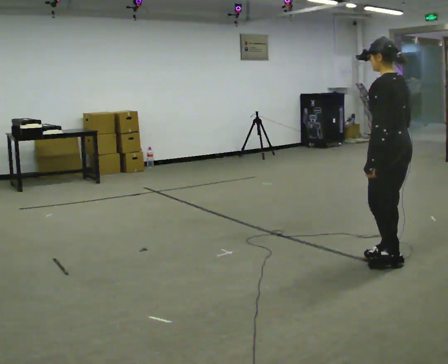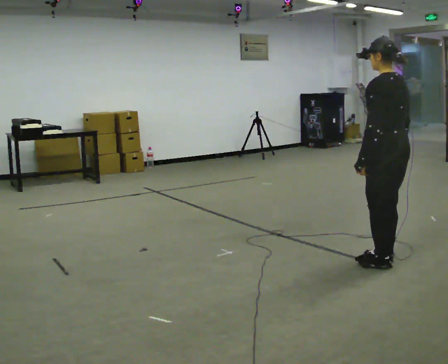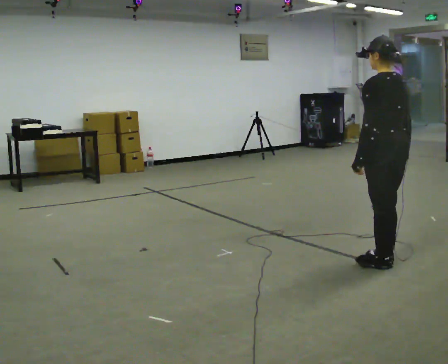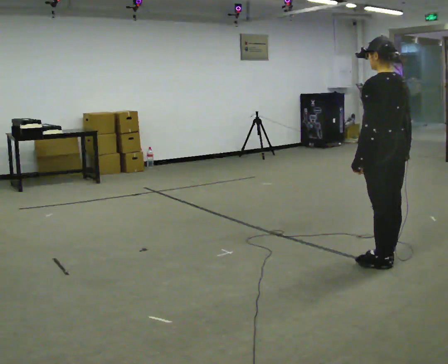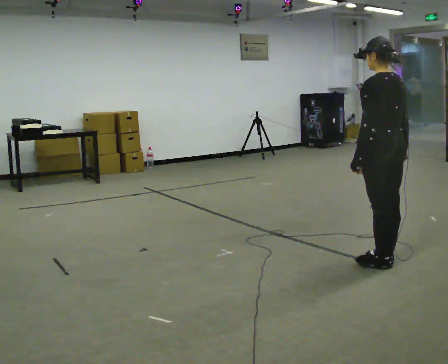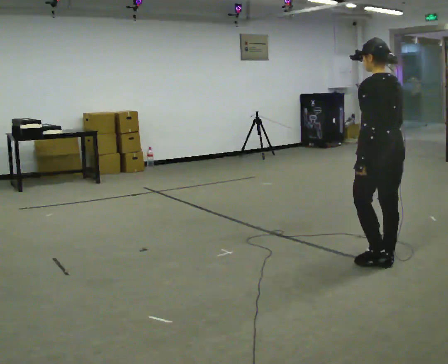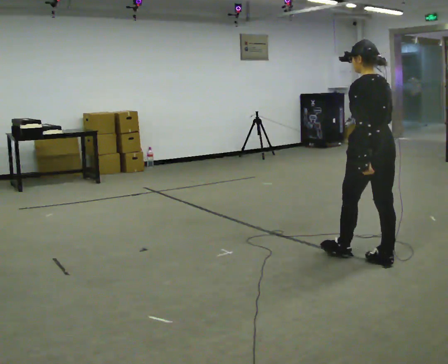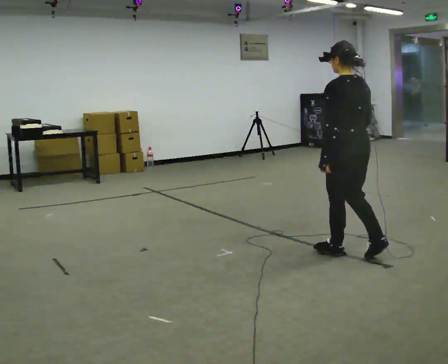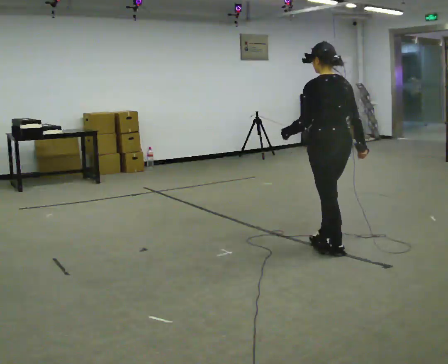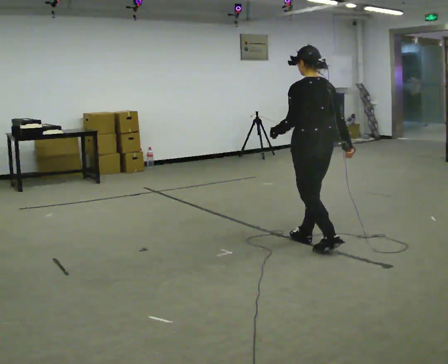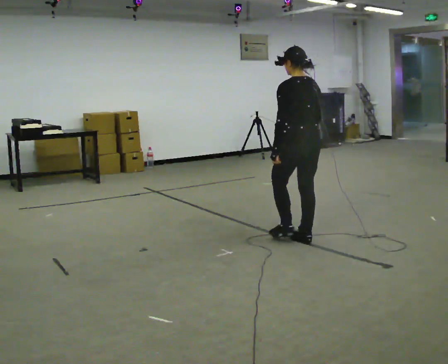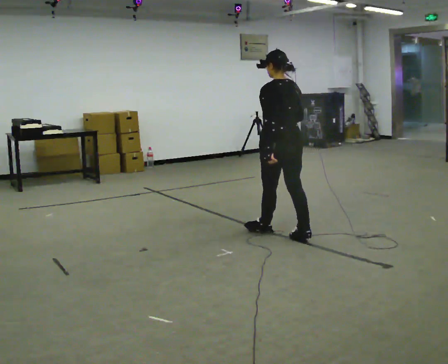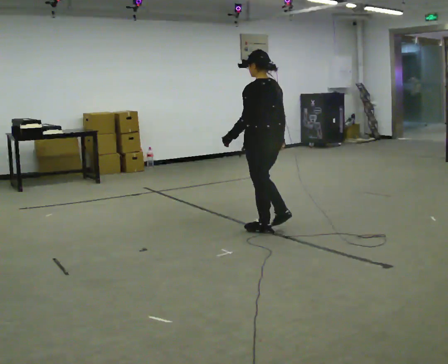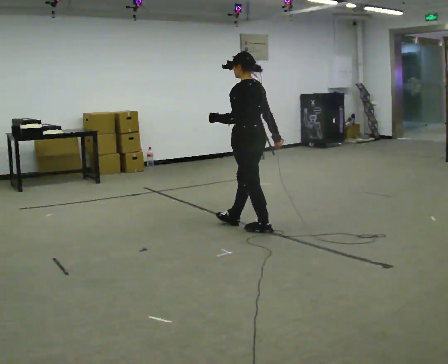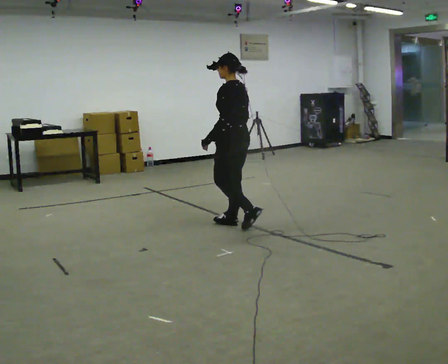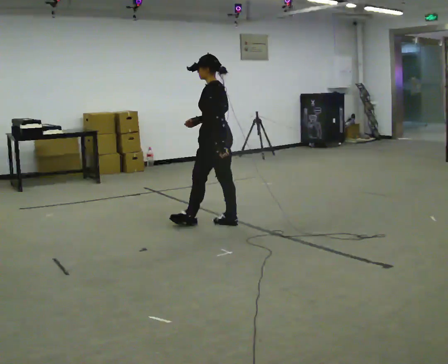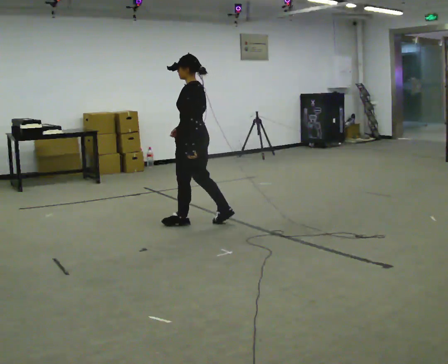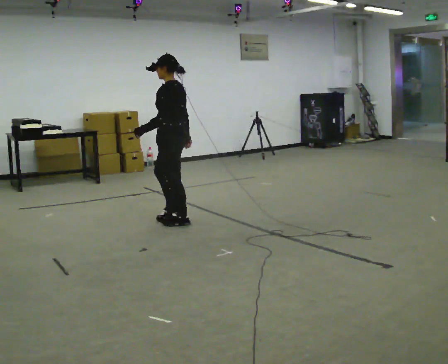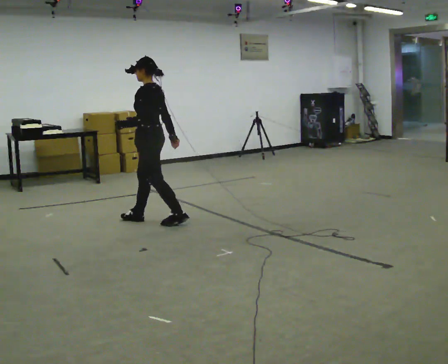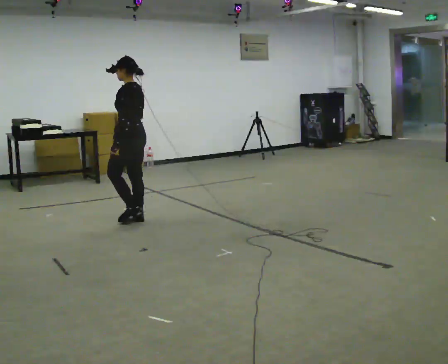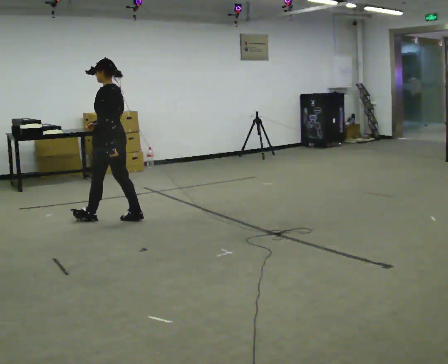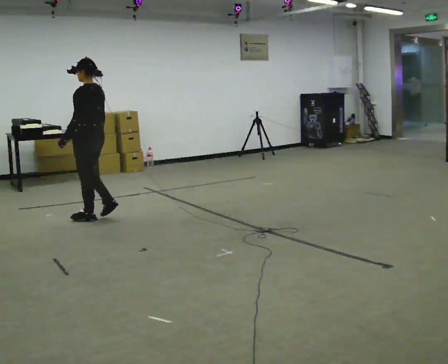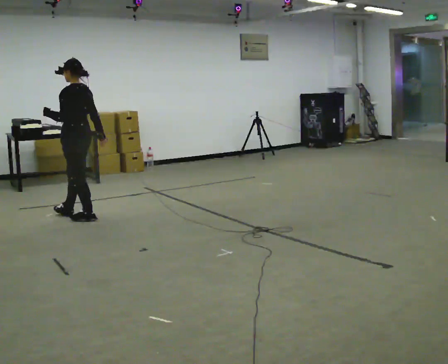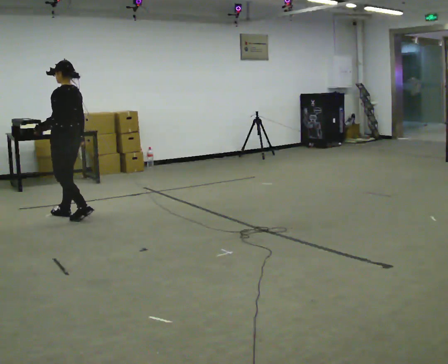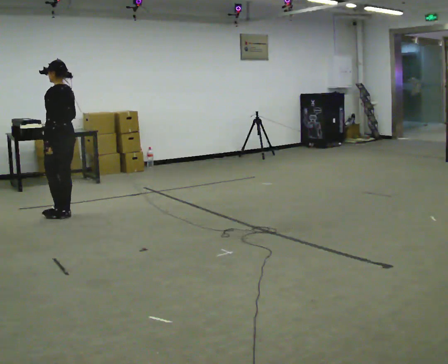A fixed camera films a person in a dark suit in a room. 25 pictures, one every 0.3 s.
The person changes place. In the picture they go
to the left.
0.0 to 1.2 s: The person moves a little, or ends about where they began.
1.2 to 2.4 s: In the picture they go away from the camera and to the left, about 0.5 m in 1 step, which for them is forward.
2.4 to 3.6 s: In the picture they go away from the camera and to the left, about 0.5 m in 2 steps, which for them is forward.
3.6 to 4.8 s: The part of the body nearest the lens slides to the right as the person turns to their left by about 30 degrees. In the picture they go to the left and away from the camera, about 0.75 m in 2 steps, which for them is forward.
4.8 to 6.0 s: In the picture they go to the left, about 1 m in 2 steps, which for them is forward.
6.0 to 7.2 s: In the picture they go to the left, about 0.5 m in 2 steps, which for them is forward.
The film runs forward here.
